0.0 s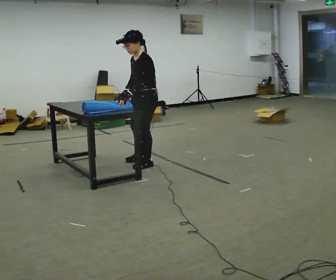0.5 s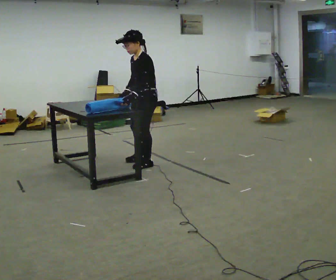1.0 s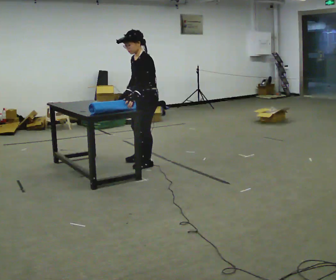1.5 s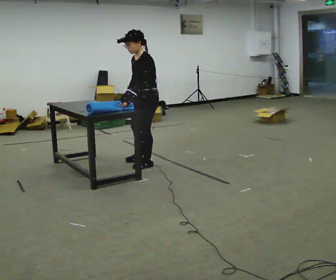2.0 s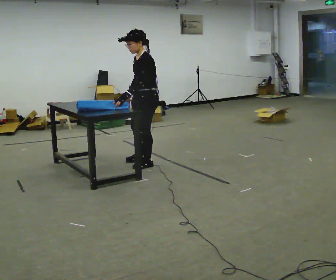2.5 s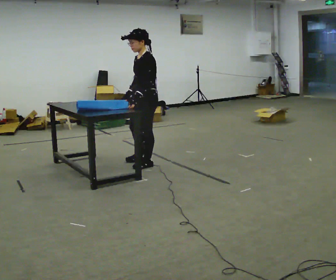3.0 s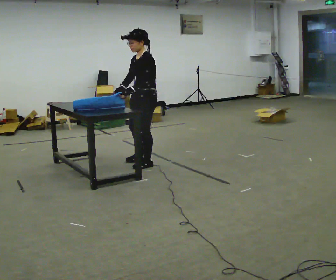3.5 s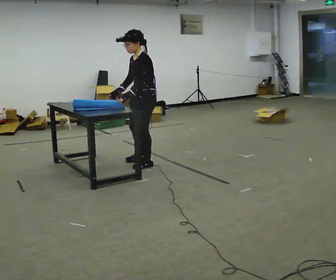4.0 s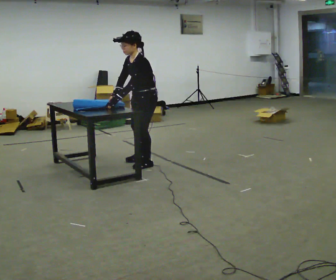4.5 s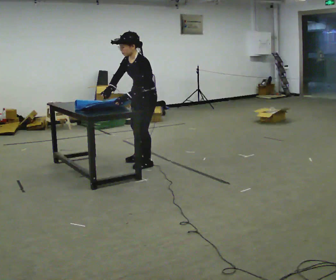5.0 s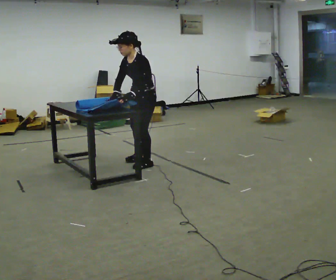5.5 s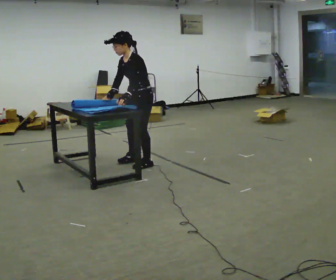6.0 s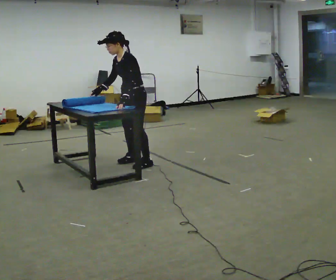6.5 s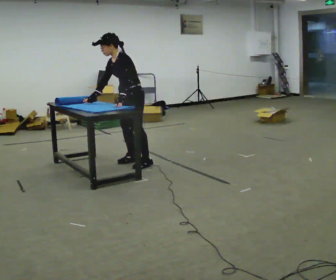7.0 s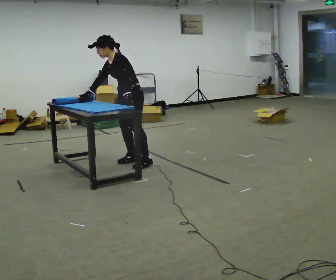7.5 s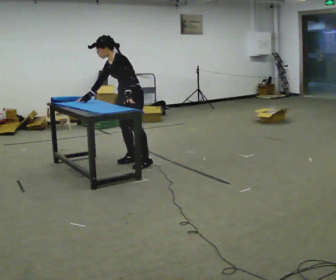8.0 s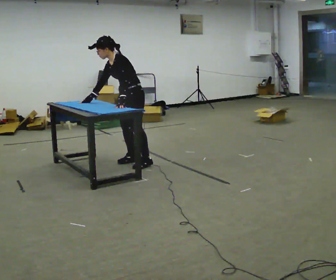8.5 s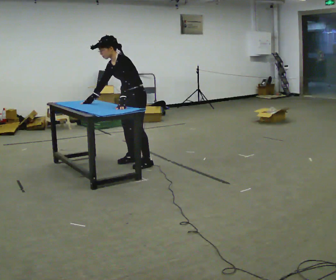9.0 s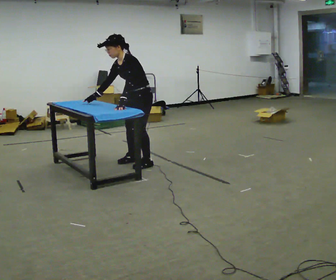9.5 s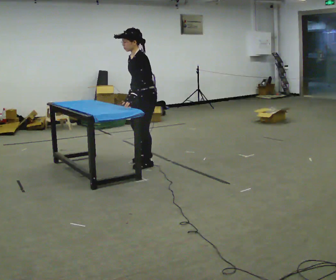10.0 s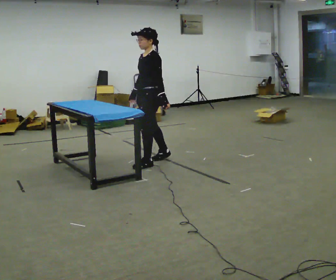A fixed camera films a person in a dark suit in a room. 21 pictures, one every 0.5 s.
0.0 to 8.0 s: In the picture they go away from the camera and to the left, about 0.25 m, which for them is to their right.
8.0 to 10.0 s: In the picture they go to the right, about 0.25 m in 1 step, which for them is backward and to their left. In the picture the upper body tilts clockwise, shoulders to the right, as they lean back or straighten. In the picture their right hand goes to the right.
The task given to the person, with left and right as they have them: Roll the mat up from one end, then unroll it again. Repeat at your own pace until the operator says stop.
The film runs forward here.
